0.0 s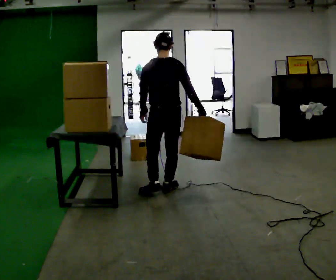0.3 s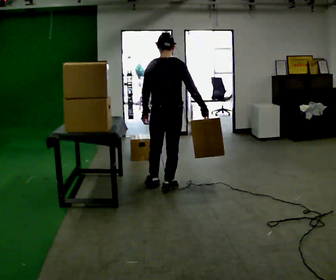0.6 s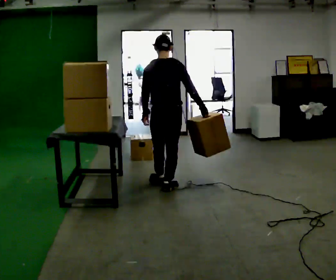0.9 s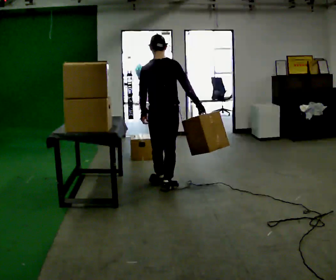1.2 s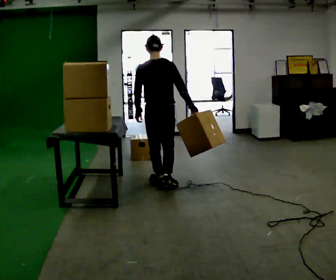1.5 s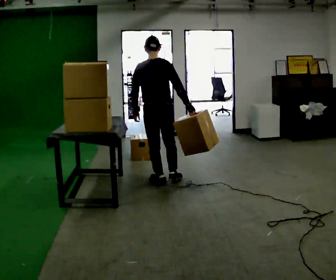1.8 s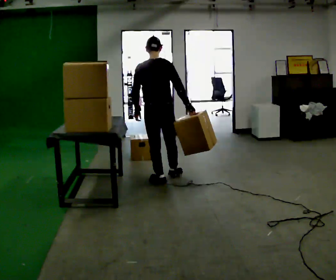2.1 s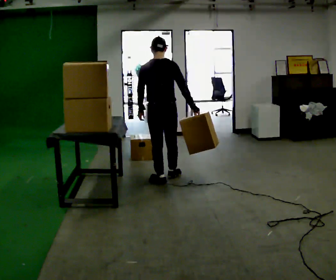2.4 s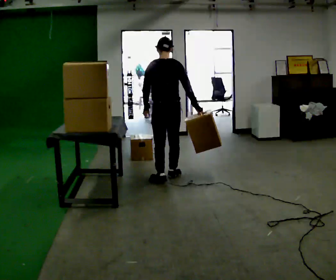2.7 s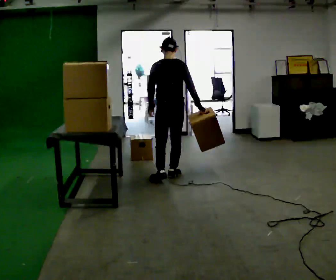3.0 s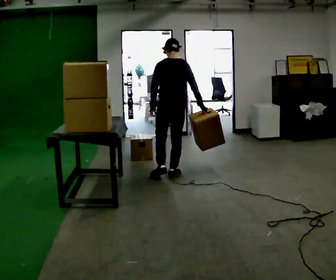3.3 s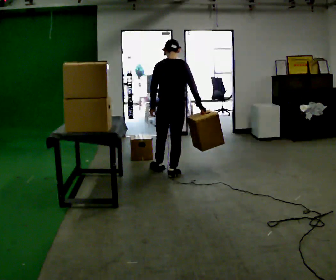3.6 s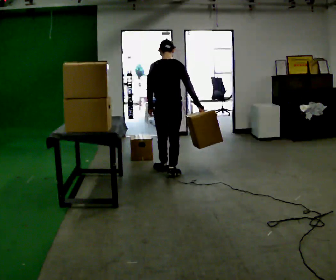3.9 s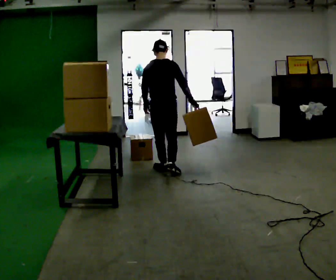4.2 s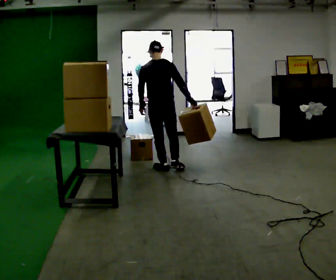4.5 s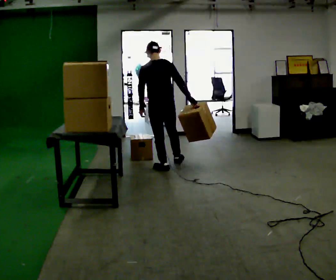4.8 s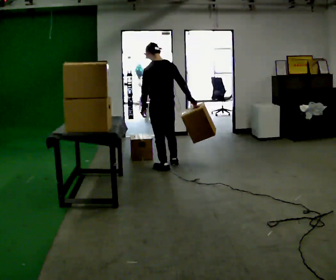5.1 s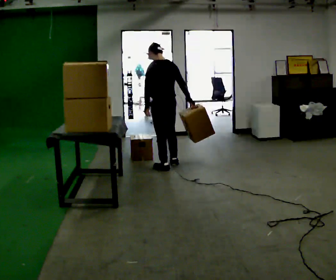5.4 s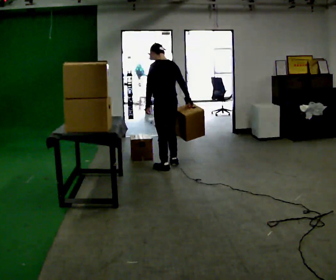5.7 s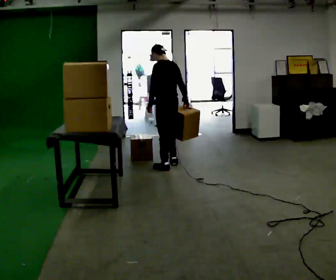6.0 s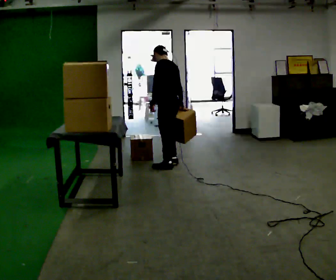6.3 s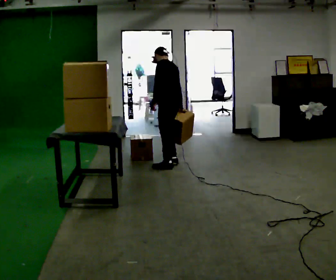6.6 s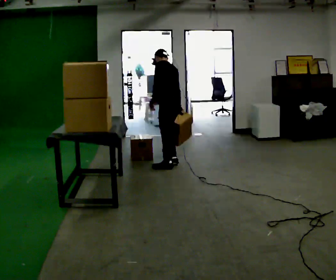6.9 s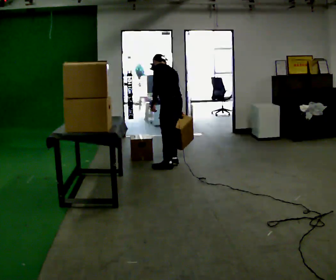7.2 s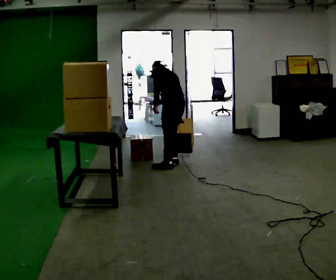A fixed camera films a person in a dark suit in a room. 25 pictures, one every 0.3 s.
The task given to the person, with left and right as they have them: Take boxes off the top of the stack one at a time and carry them away, walking back for each one. Keep going until the operator says stop; one object at a time, and do not rush between trips.
0.0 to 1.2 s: In the picture they go away from the camera, about 0.25 m in 1 step, which for them is forward.
1.2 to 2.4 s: In the picture they go away from the camera, about 0.25 m in 1 step, which for them is forward and to their right.
2.4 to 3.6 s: In the picture they go away from the camera, about 0.25 m in 1 step, which for them is forward.
3.6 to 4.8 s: In the picture they go away from the camera, about 0.25 m in 1 step, which for them is forward.
4.8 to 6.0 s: Seen from above the body turns counterclockwise, about 30 degrees: to their left, with its near side sliding to the right. In the picture they go away from the camera, about 0.25 m, which for them is to their right.
6.0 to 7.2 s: The upper body tips away from the camera, its near side rolling upward, as they bend forward.
The film runs forward here.
